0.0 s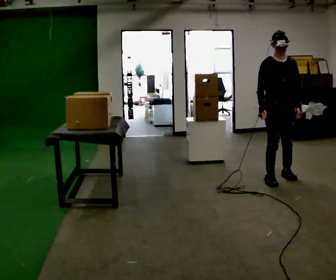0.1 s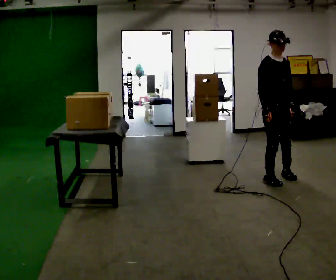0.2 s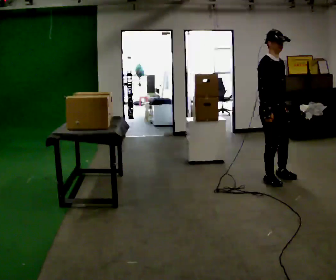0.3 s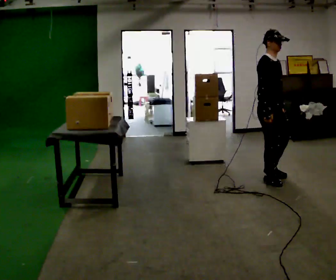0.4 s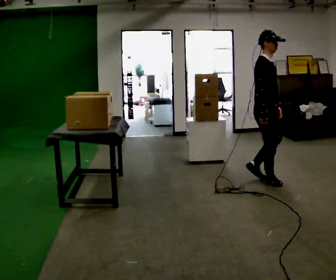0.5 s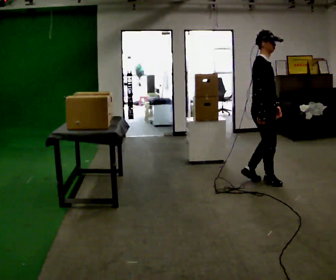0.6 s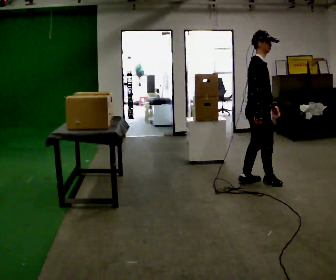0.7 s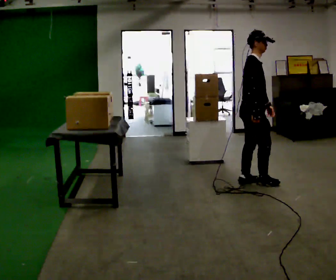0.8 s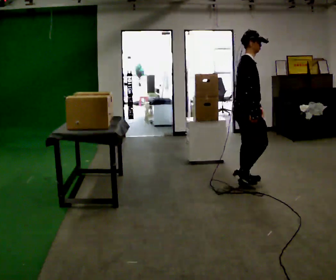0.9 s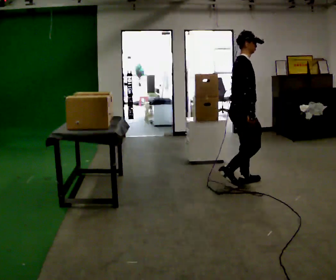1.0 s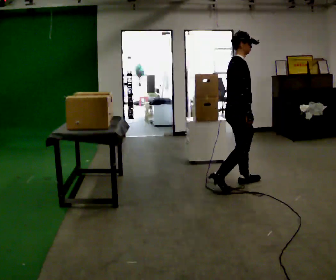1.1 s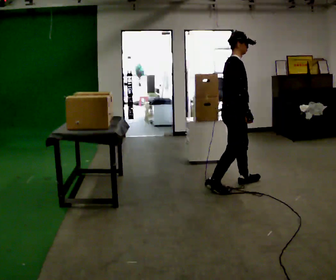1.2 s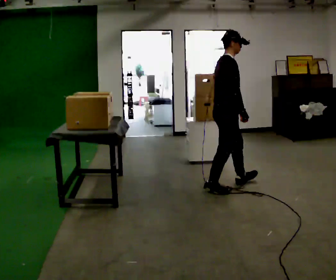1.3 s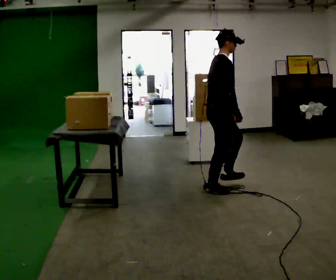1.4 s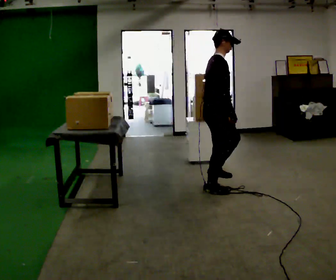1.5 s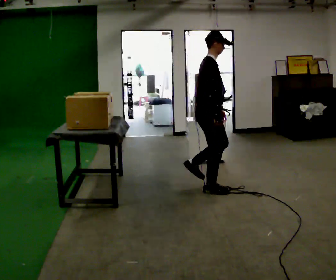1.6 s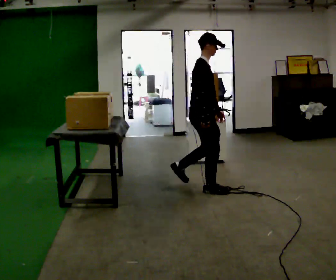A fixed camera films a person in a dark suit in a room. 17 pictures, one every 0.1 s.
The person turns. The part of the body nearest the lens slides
to the right.
The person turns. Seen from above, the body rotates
counterclockwise.
0.0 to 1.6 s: The part of the body nearest the lens slides to the right as the person turns to their left by about 90 degrees. In the picture they go to the left and toward the camera, about 1 m in 3 steps.
The film runs backward here.
